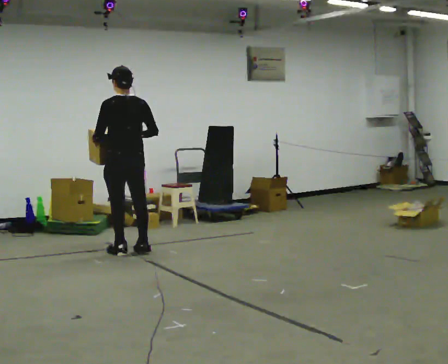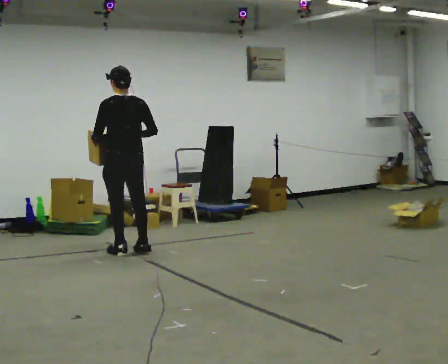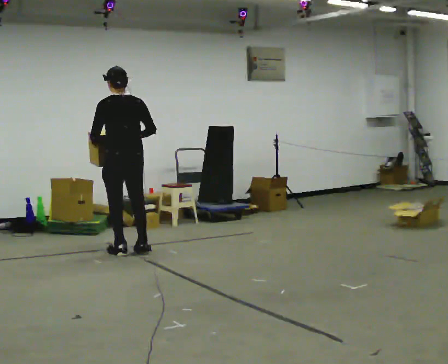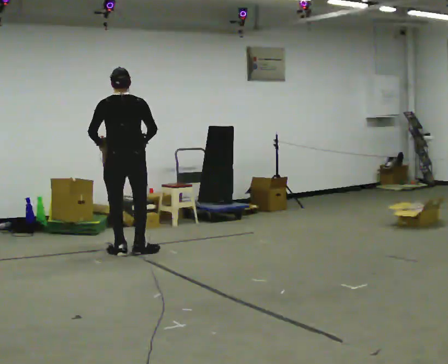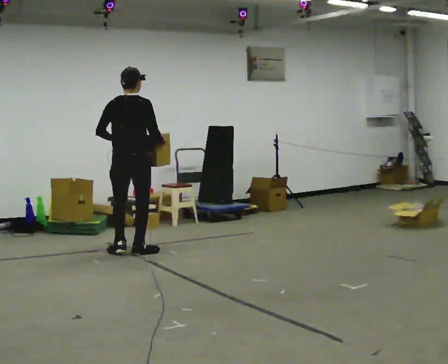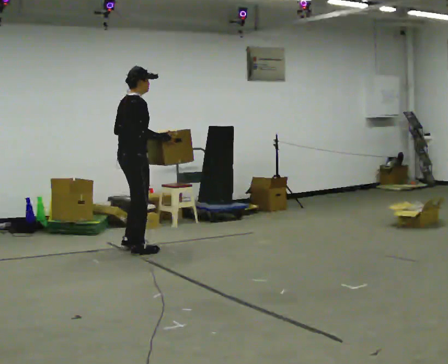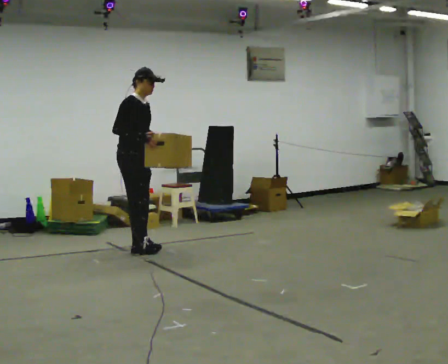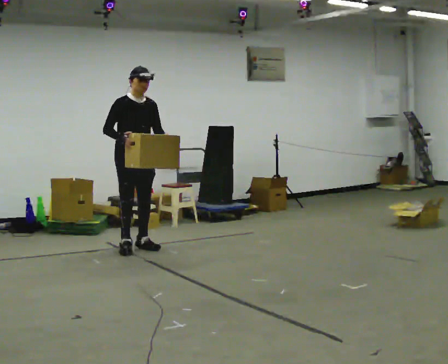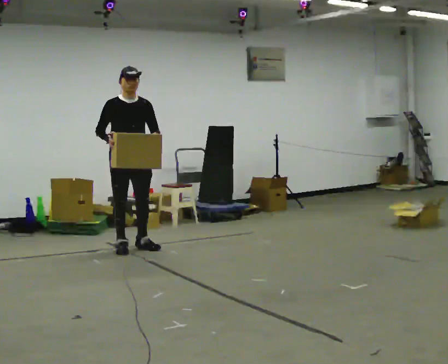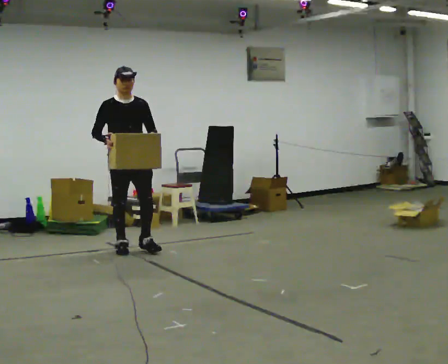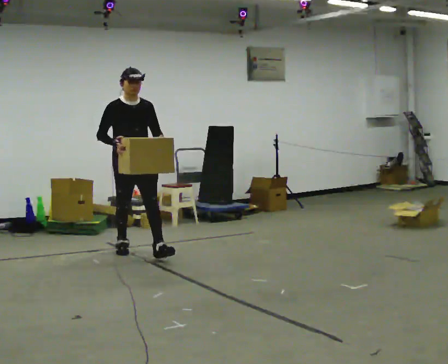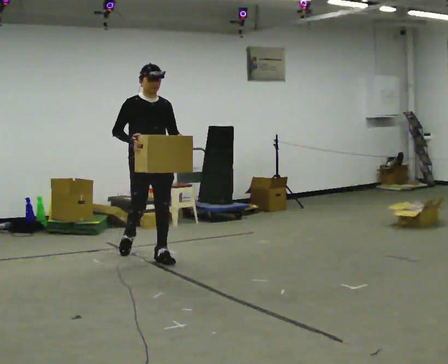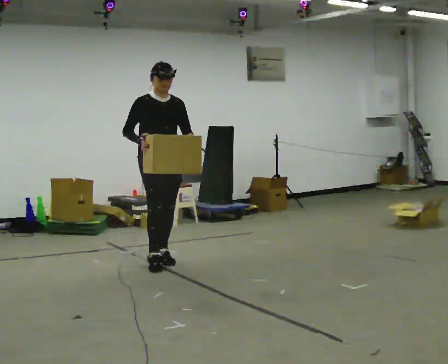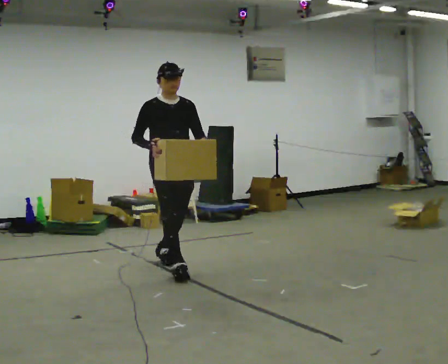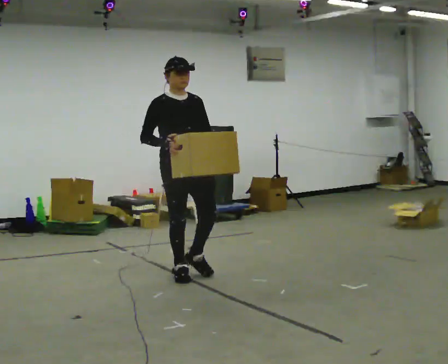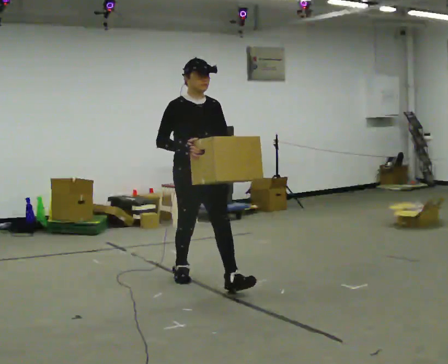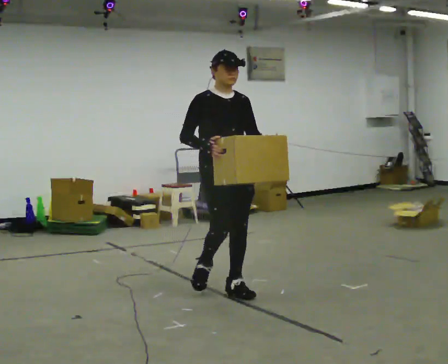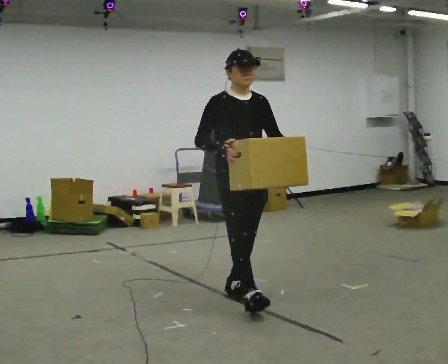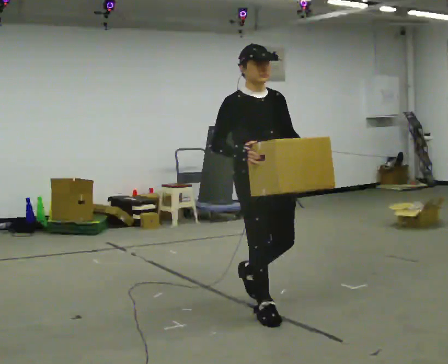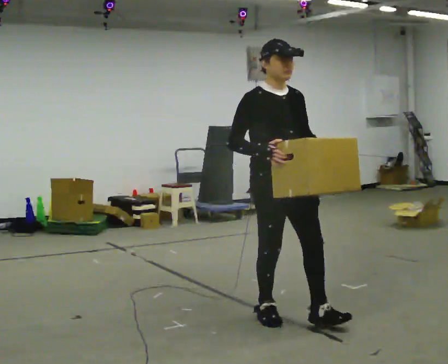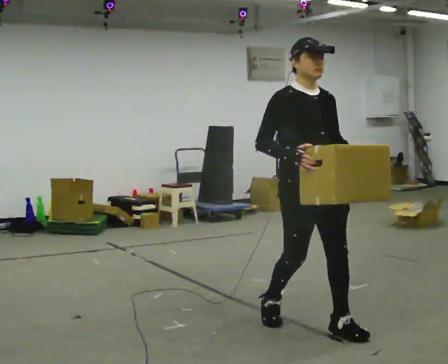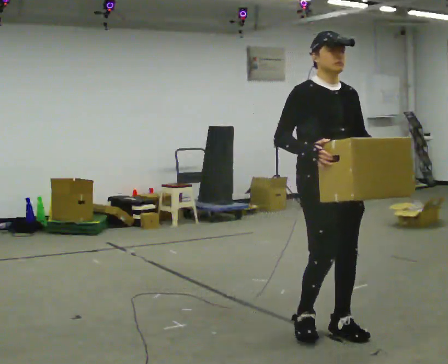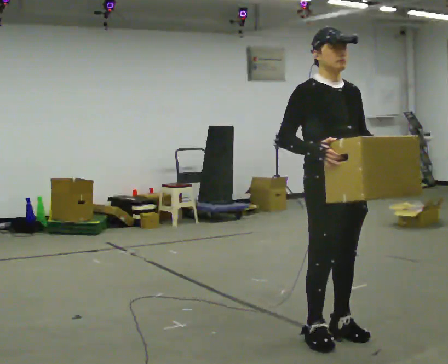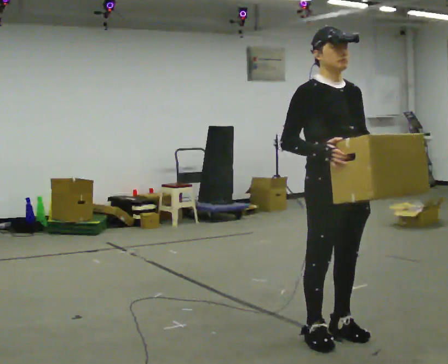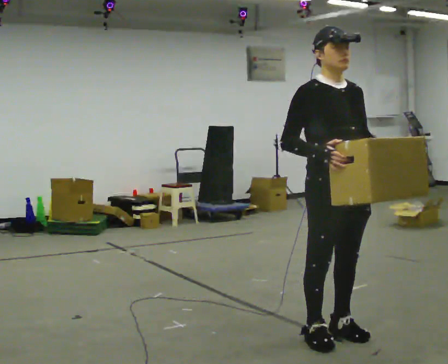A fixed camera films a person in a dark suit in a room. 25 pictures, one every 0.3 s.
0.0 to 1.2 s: Seen from above the body turns clockwise, about 60 degrees: to their right, with its near side sliding to the left.
1.2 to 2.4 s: The part of the body nearest the lens slides to the left as the person turns to their right by about 135 degrees. In the picture they go away from the camera, about 0.25 m in 2 steps. In the picture their left hand goes to the right.
2.4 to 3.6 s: In the picture they go toward the camera and to the right, about 0.75 m in 1 step, which for them is forward.
3.6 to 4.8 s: In the picture they go toward the camera and to the right, about 1 m in 2 steps, which for them is forward.
4.8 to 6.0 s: In the picture they go toward the camera and to the right, about 1 m in 2 steps, which for them is forward.
6.0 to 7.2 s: In the picture they go toward the camera, about 0.25 m in 1 step, which for them is forward.
The film runs forward here.
